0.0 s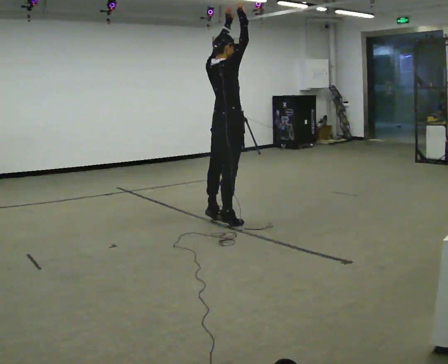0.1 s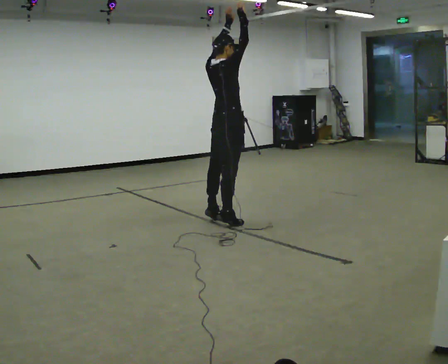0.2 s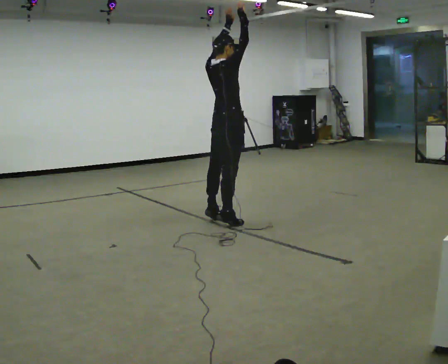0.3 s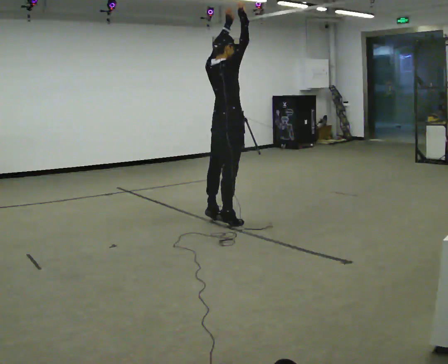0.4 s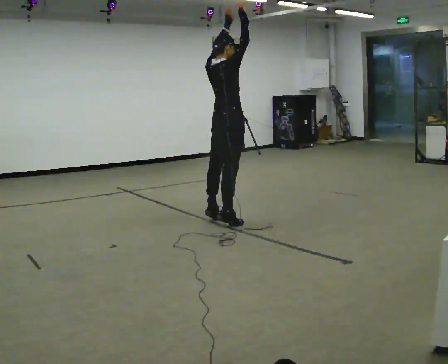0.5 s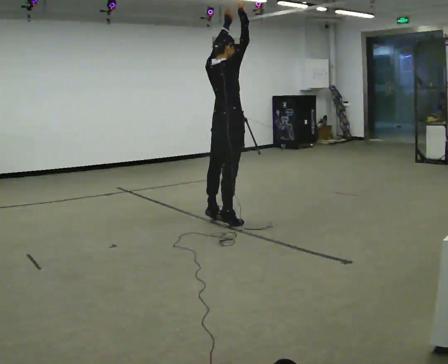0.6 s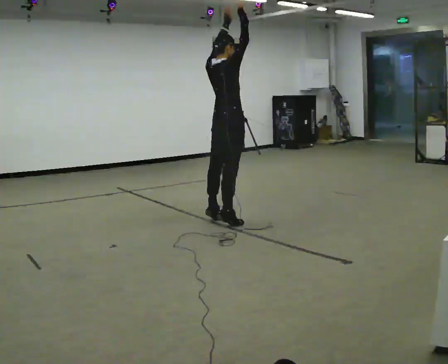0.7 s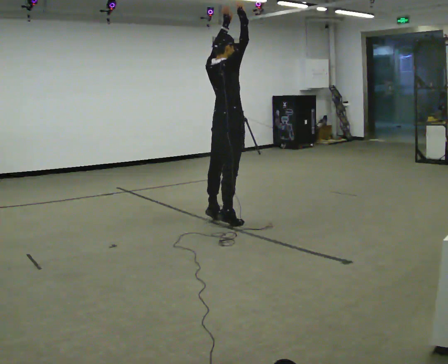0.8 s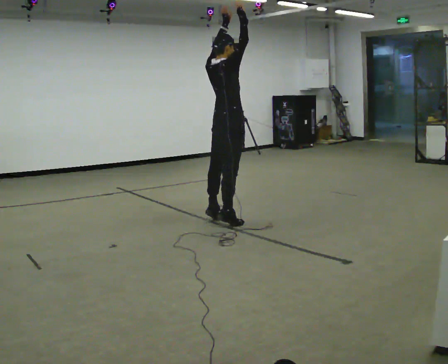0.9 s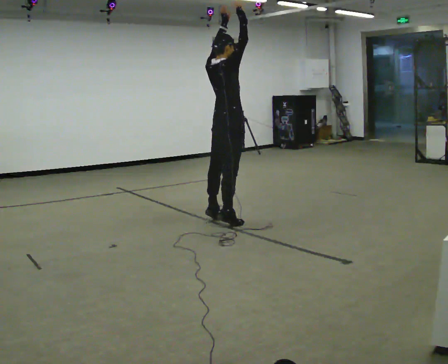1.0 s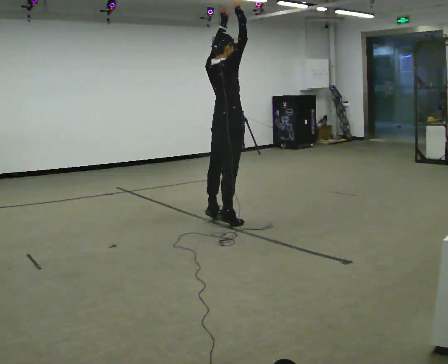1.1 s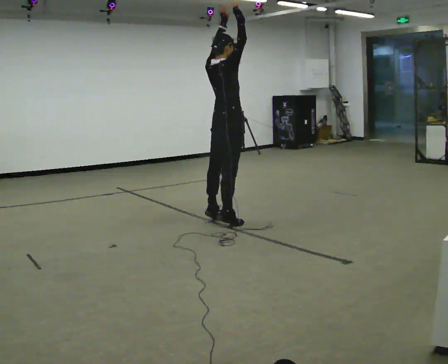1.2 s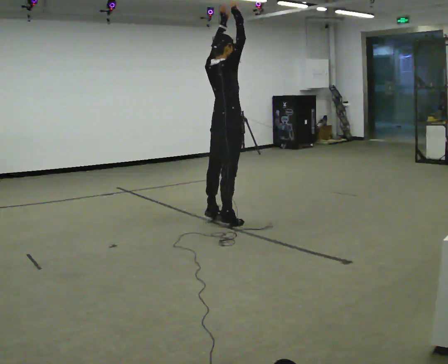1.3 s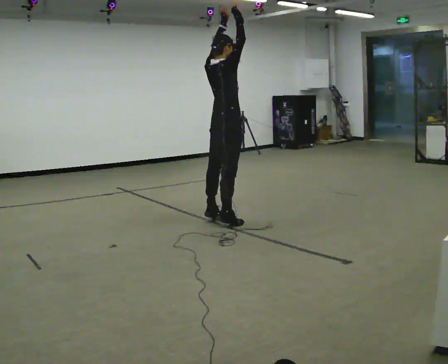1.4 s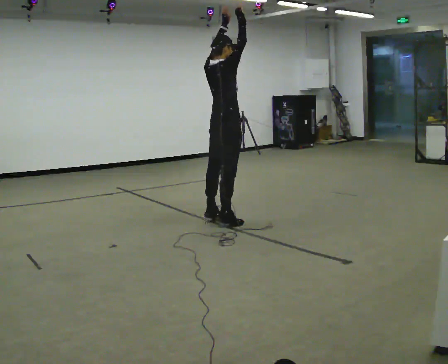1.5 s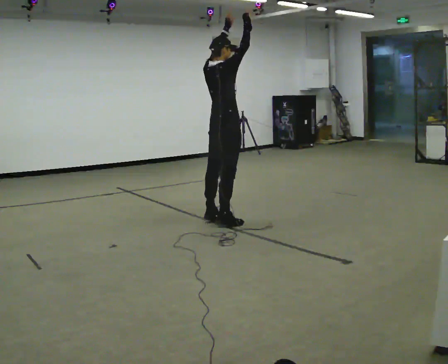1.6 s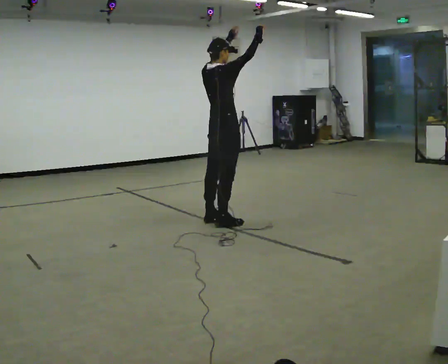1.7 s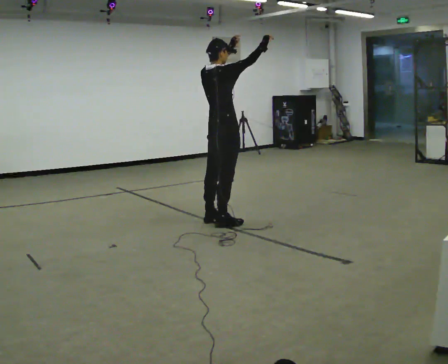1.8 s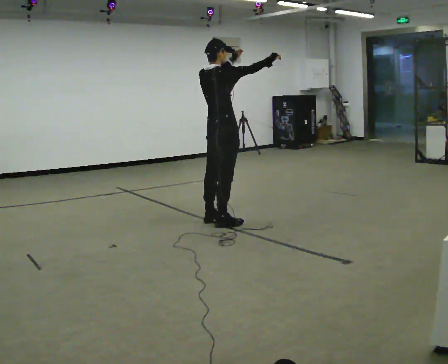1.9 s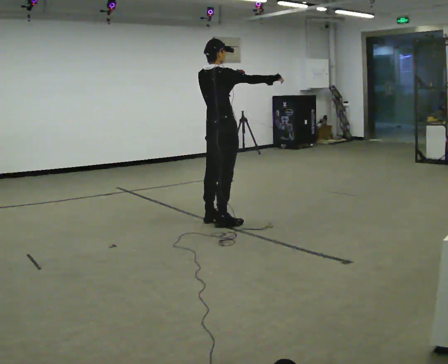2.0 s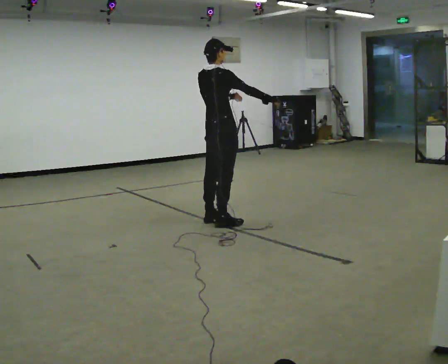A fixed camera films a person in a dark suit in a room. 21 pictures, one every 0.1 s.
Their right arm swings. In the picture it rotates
clockwise.
Their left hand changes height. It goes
downward.
0.0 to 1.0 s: The person moves a little, or ends about where they began.
1.0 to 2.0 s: In the picture their right hand goes downward, the arm swinging clockwise.
The film runs backward here.
